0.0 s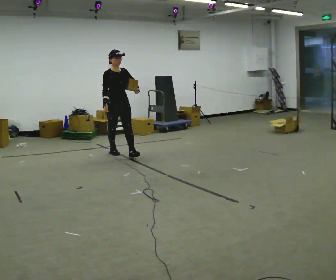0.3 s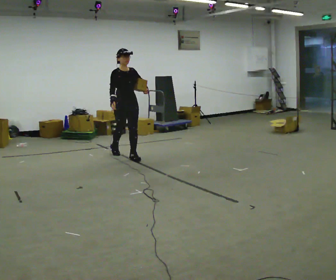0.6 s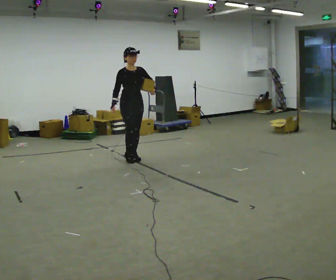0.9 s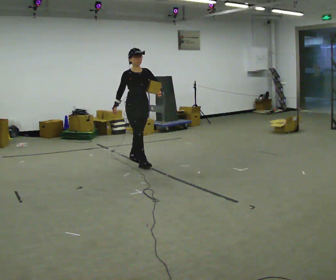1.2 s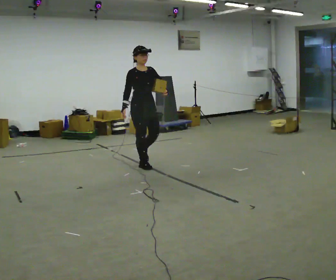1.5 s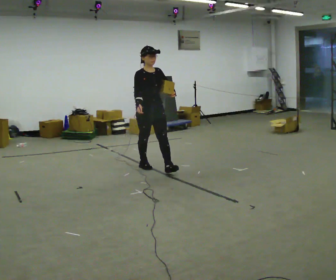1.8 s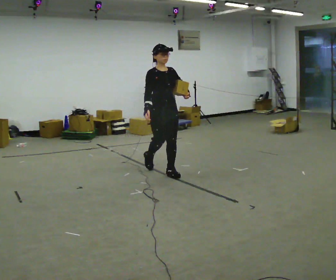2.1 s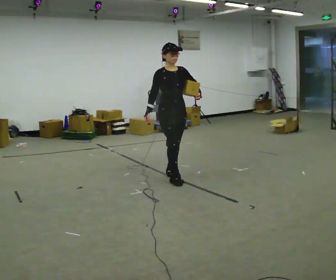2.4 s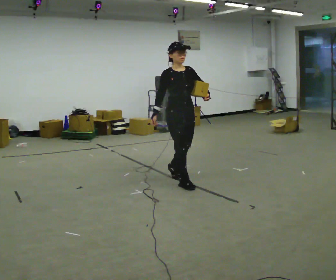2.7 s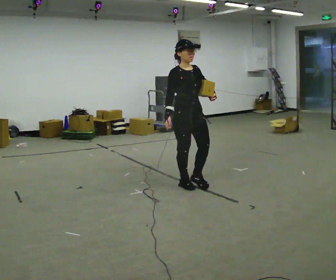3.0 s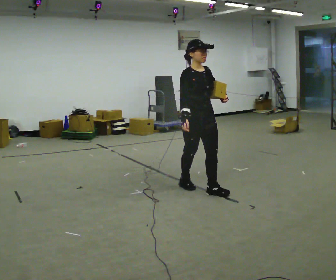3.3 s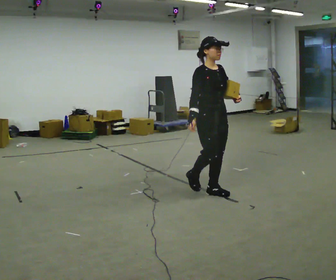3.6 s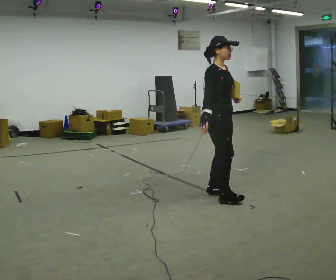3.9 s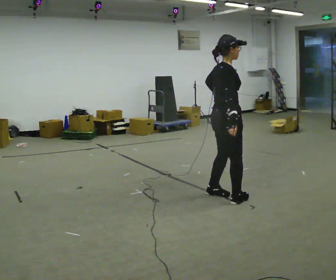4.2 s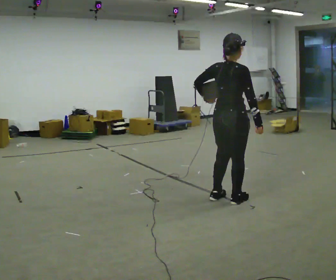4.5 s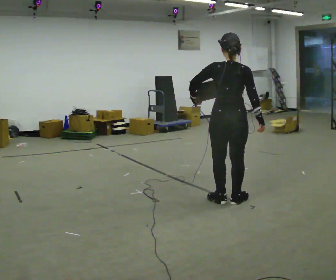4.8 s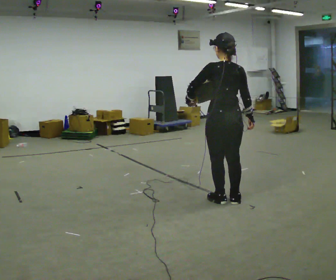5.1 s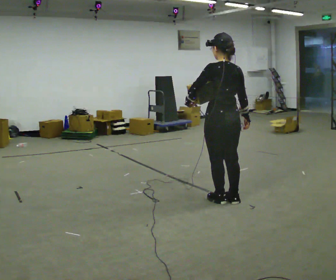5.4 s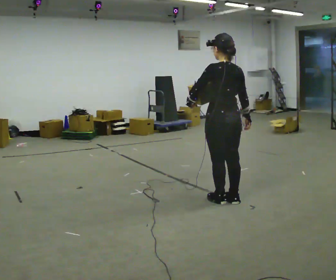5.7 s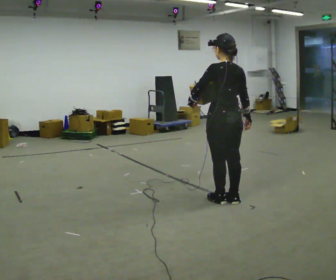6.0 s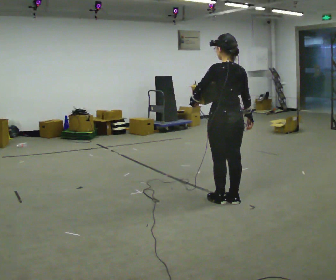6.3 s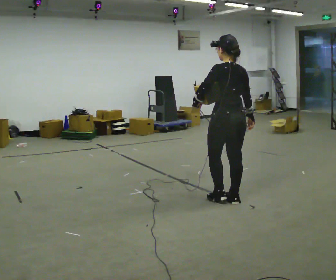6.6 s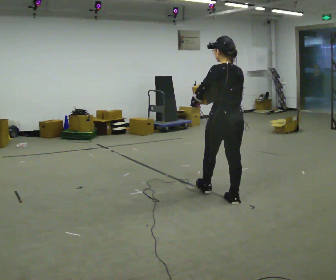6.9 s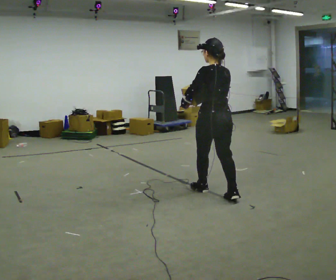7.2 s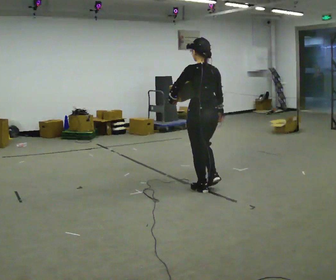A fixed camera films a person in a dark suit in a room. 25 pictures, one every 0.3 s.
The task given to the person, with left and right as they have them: Hold the object against your hip on the side the operator calls, and carry it back and forth across the room.
0.0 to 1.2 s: In the picture they go to the right and toward the camera, about 1 m in 2 steps, which for them is forward.
1.2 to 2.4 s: In the picture they go to the right and toward the camera, about 1 m in 2 steps, which for them is forward.
2.4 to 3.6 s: The person turns about 30 degrees to their left, counterclockwise seen from above, so the part of the body nearest the lens slides to the right. In the picture they go to the right and toward the camera, about 0.5 m in 1 step, which for them is forward.
3.6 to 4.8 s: Seen from above the body turns counterclockwise, about 135 degrees: to their left, with its near side sliding to the right. In the picture they go toward the camera, about 0.25 m in 2 steps.
4.8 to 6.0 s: The person moves a little, or ends about where they began.
6.0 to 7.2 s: In the picture they go to the left and away from the camera, about 0.5 m in 1 step, which for them is forward.
The film runs forward here.
